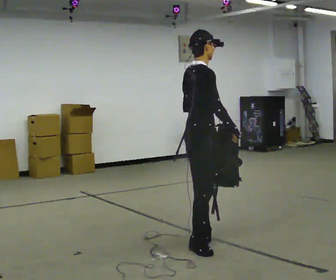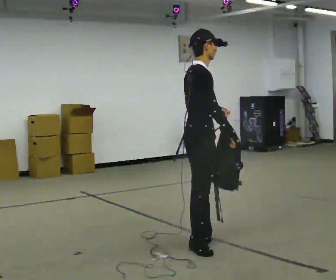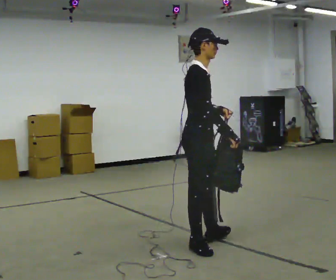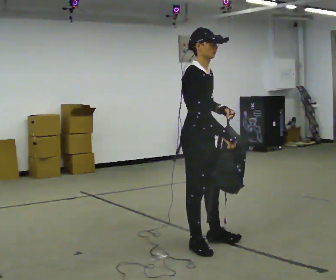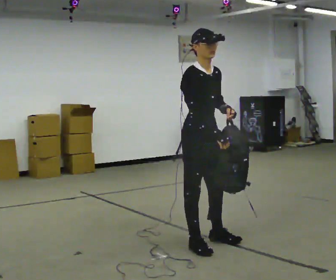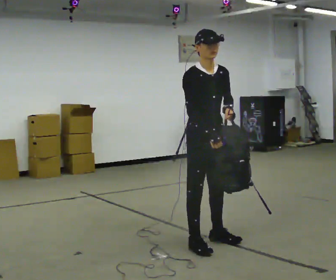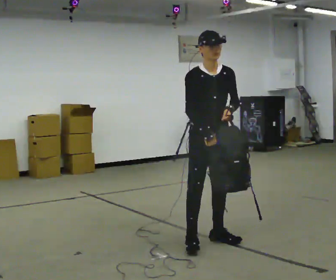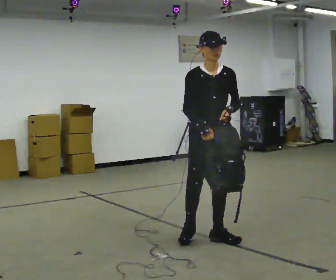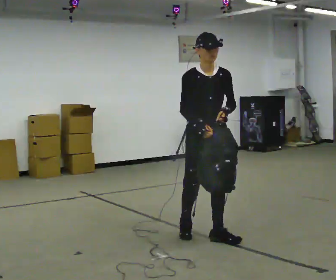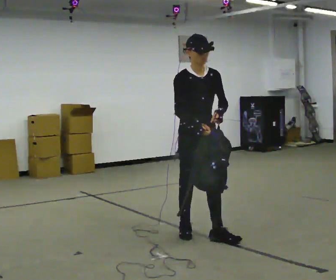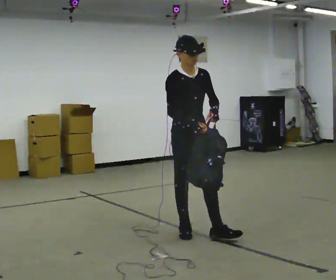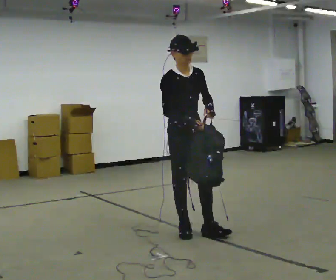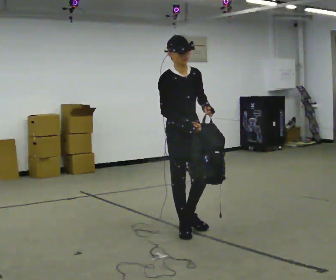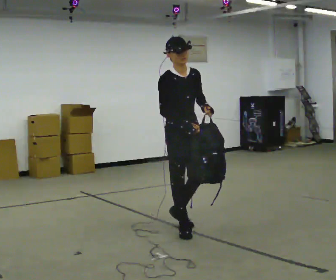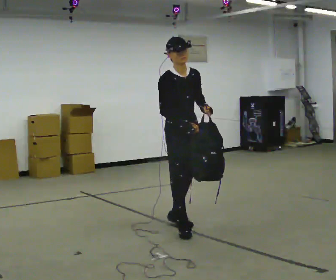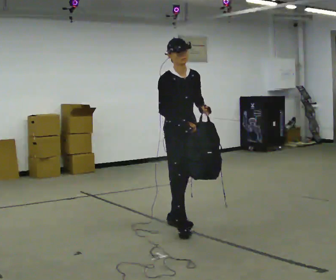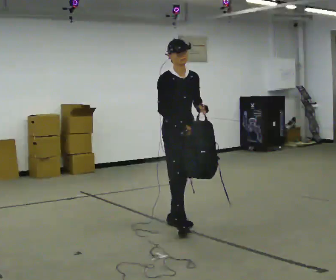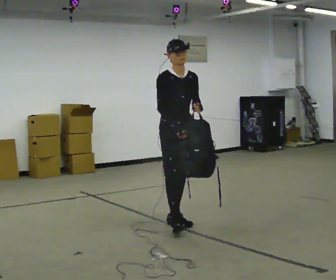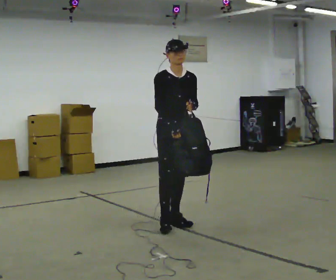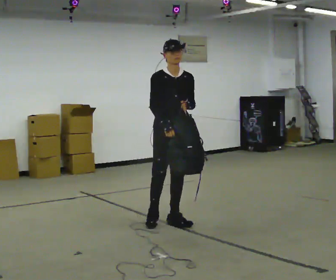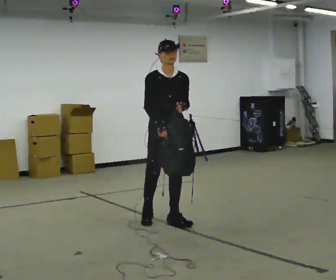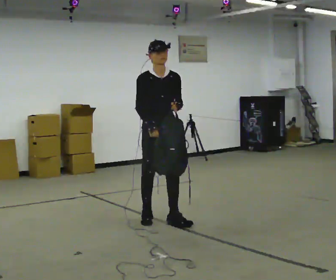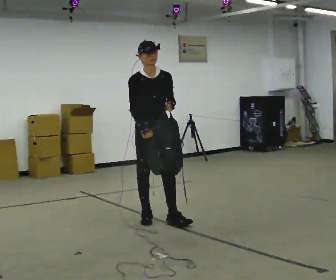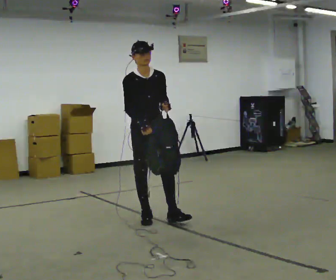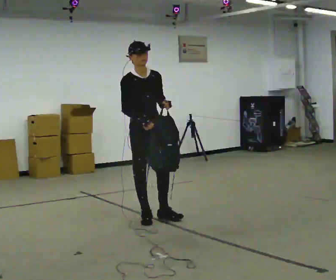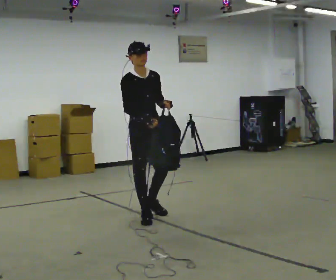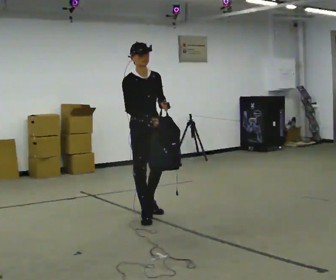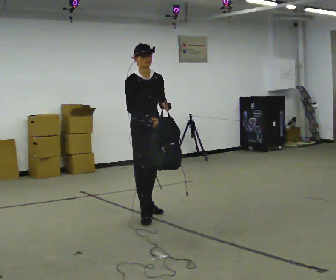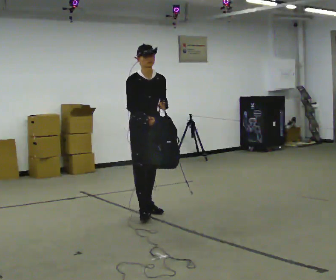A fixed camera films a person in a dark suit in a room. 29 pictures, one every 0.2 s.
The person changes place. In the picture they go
away from the camera.
0.0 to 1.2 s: Seen from above the body turns clockwise, about 90 degrees: to their right, with its near side sliding to the left. In the picture they go away from the camera, about 0.25 m in 1 step.
1.2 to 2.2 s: In the picture they go away from the camera and to the left, about 0.25 m in 1 step, which for them is backward.
2.2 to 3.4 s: In the picture they go away from the camera, about 0.25 m in 1 step, which for them is backward and to their left.
3.4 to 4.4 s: In the picture they go to the left, about 0.25 m, which for them is backward and to their right.
4.4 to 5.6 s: In the picture they go away from the camera, about 0.25 m in 2 steps, which for them is backward.
The film runs backward here.
